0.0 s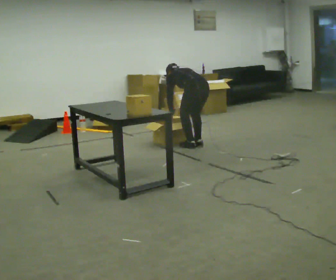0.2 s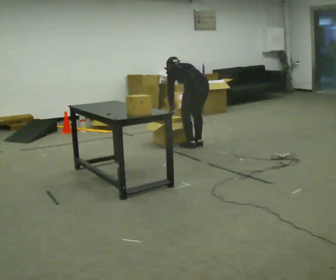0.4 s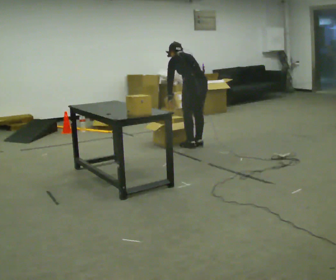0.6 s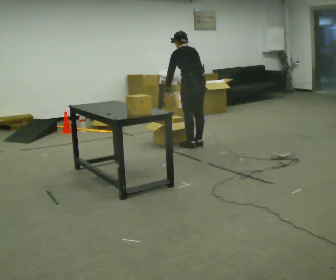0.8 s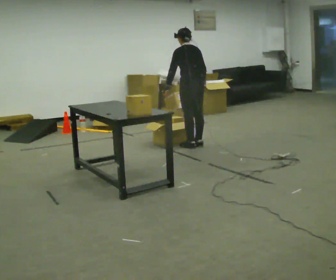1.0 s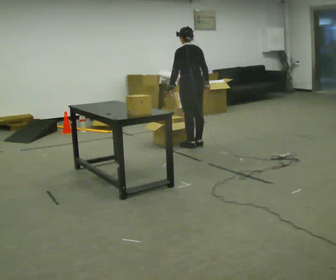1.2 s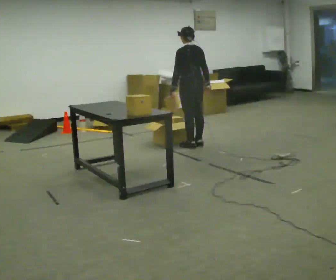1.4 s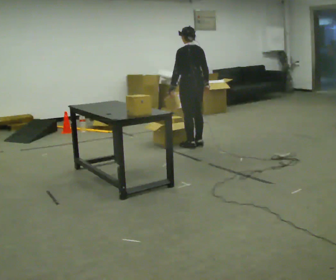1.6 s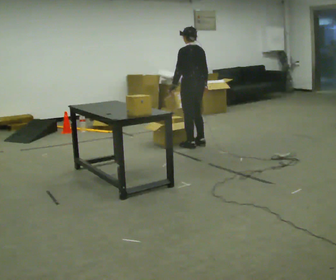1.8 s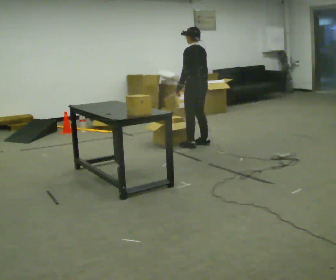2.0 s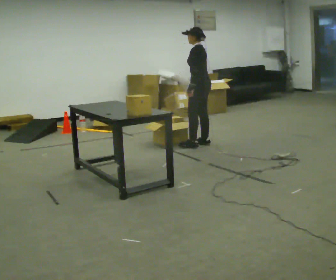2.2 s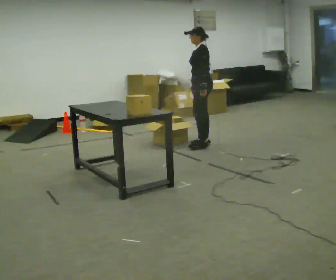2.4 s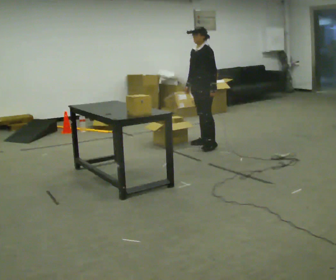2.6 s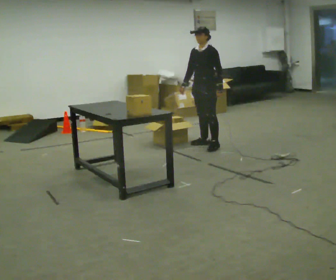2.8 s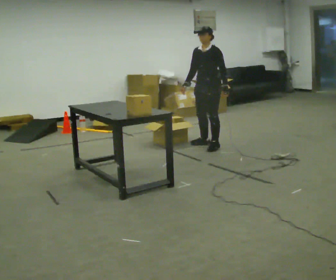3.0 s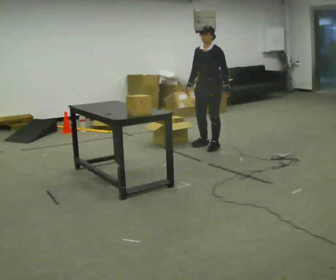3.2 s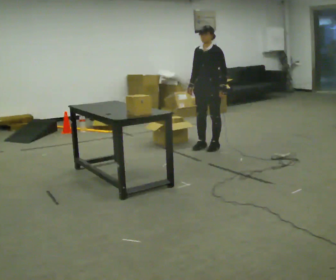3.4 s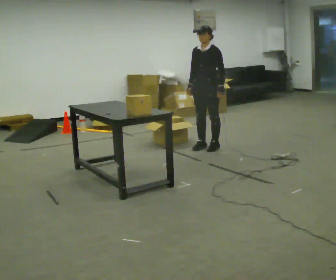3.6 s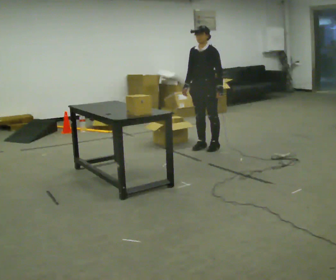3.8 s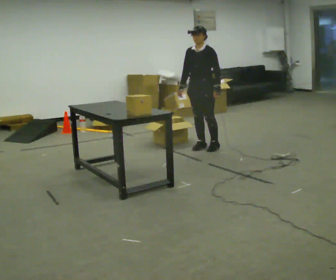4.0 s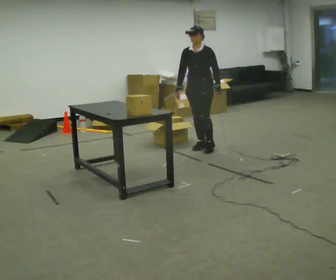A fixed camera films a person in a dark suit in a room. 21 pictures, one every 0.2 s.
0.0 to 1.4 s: The shoulders move upward. The upper body tips toward the camera, its near side rolling downward, as they lean back or straighten. In the picture their right hand goes upward.
1.4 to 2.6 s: The person turns about 90 degrees to their left, counterclockwise seen from above, so the part of the body nearest the lens slides to the right. In the picture they go to the right, about 0.25 m in 1 step. In the picture their right hand goes to the left, the arm swinging clockwise.
2.6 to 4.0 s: In the picture they go toward the camera, about 0.25 m in 1 step, which for them is forward.
The film runs forward here.
